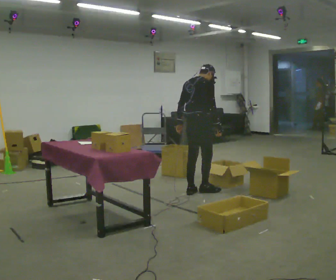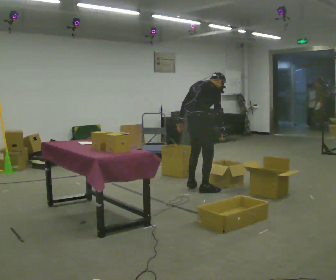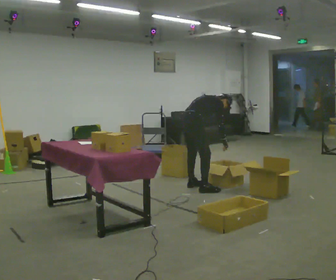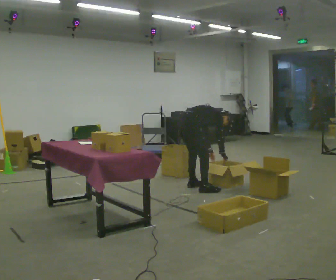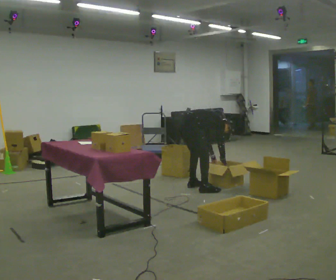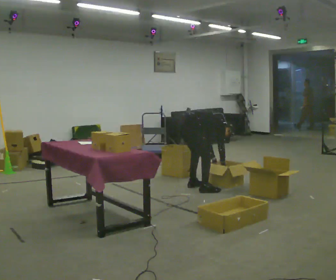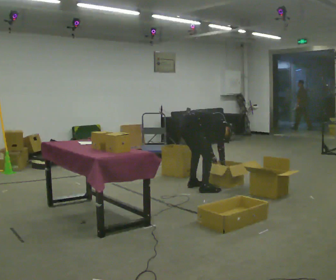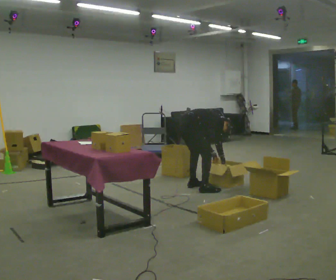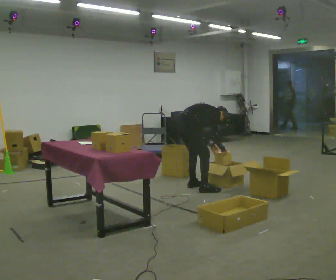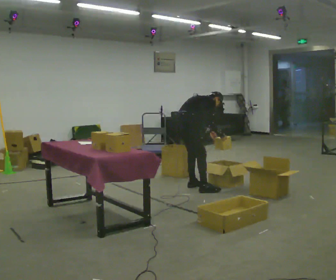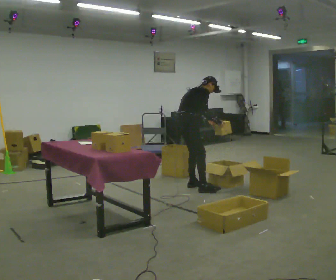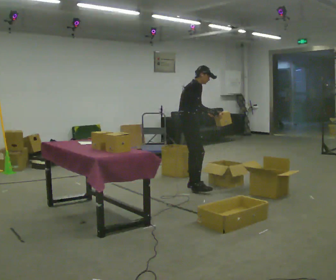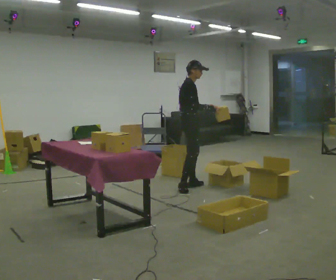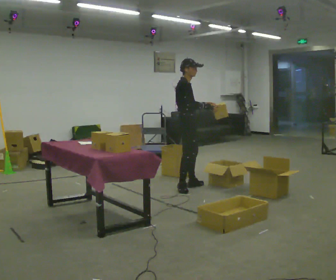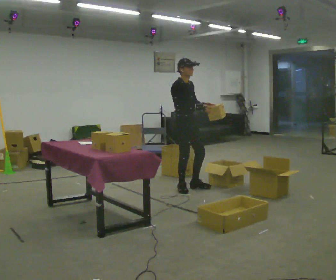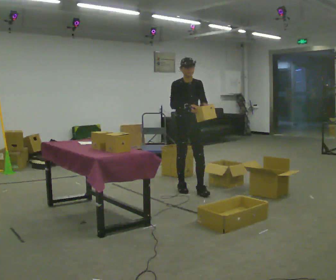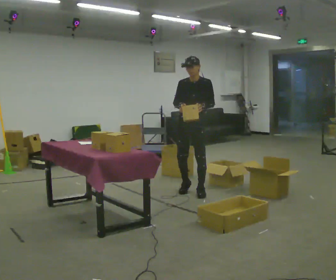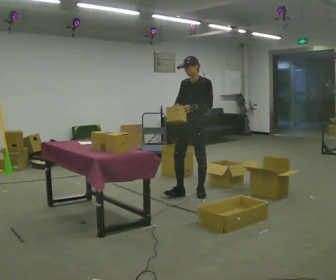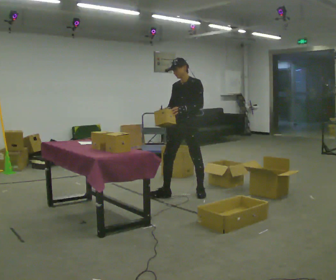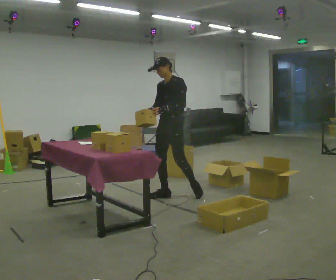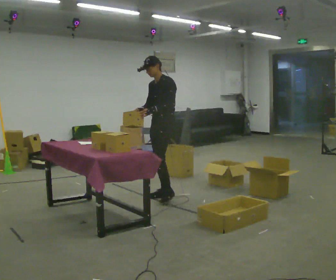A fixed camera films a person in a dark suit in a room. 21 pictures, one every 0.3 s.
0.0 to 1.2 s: The person turns about 30 degrees to their right, clockwise seen from above, so the part of the body nearest the lens slides to the left. In the picture they go away from the camera, about 0.25 m in 1 step, which for them is to their left. The shoulders move downward. In the picture the upper body tilts clockwise, shoulders to the right, as they bend forward. In the picture their left hand goes downward and to the right.
1.2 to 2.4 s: In the picture the upper body tilts counterclockwise, shoulders to the left, as they lean back or straighten.
2.4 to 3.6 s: The person turns about 45 degrees to their right, clockwise seen from above, so the part of the body nearest the lens slides to the left. The shoulders move upward. In the picture the upper body tilts counterclockwise, shoulders to the left, as they lean back or straighten. In the picture their left hand goes upward.
3.6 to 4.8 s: Seen from above the body turns clockwise, about 105 degrees: to their right, with its near side sliding to the left. In the picture they go toward the camera, about 0.25 m in 1 step. In the picture their right hand goes to the left.
4.8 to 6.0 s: The part of the body nearest the lens slides to the left as the person turns to their right by about 30 degrees. In the picture they go to the left and toward the camera, about 0.5 m in 1 step, which for them is forward and to their right.
The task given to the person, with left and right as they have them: 1. Read the parts list. 2. Collect each part from the bins around the room. 3. Lay them out on the table in the order on the list. 4. Put them all in the carry case. 5. Tell the operator when you are finished.
The film runs forward here.
